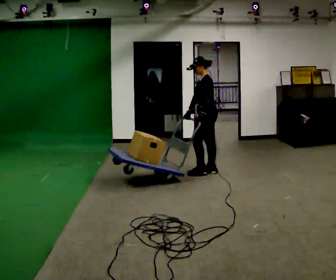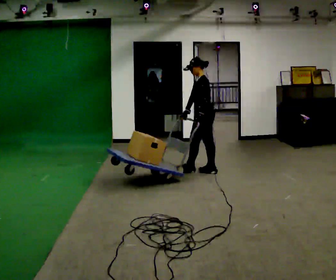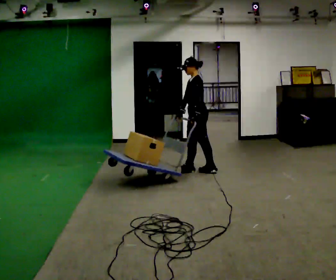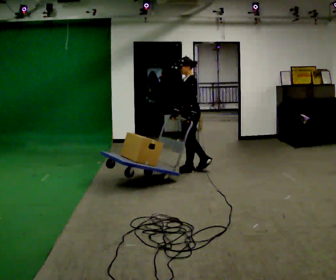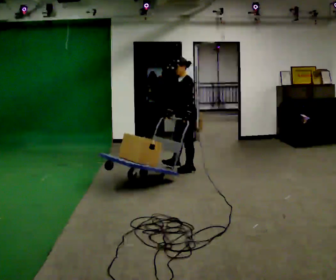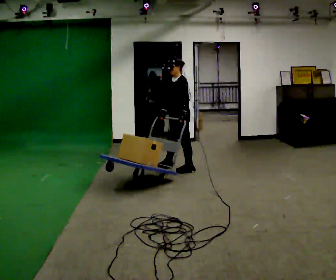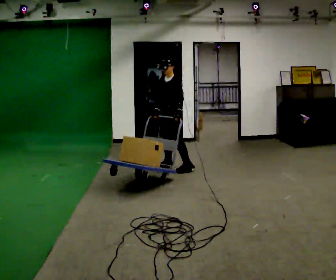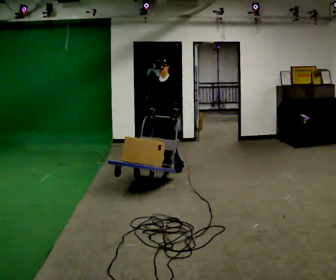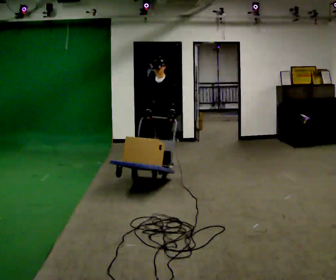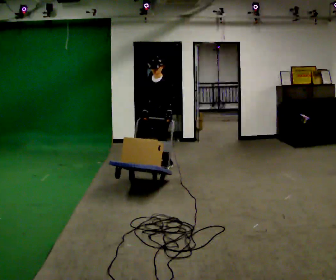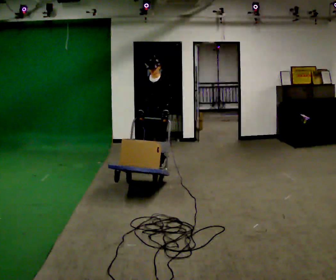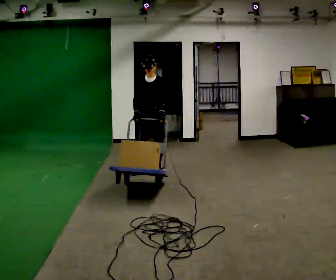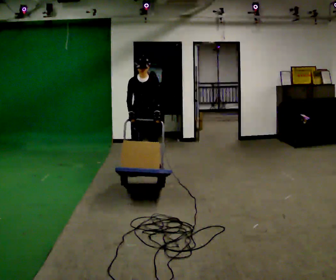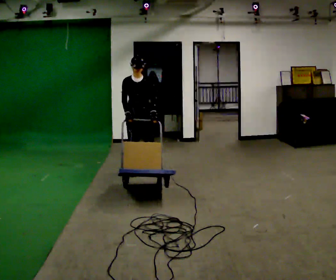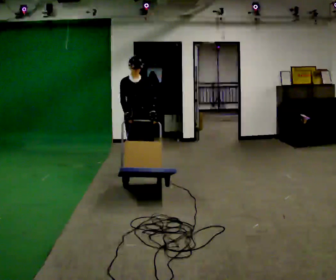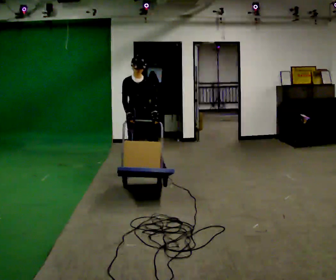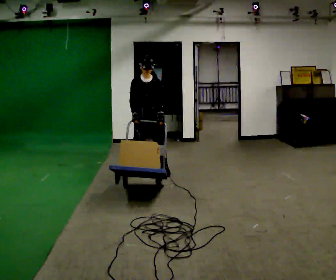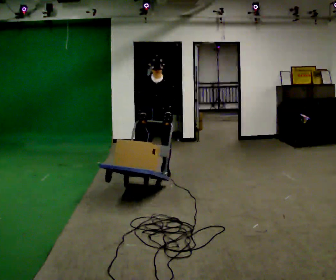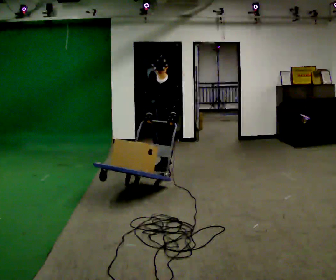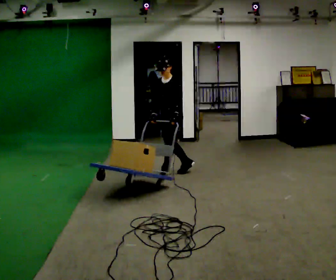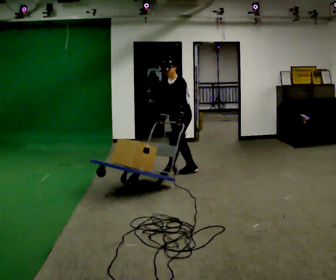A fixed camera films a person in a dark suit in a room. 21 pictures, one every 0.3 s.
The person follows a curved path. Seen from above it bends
counterclockwise.
0.0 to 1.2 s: In the picture they go to the left, about 0.25 m in 1 step, which for them is forward.
1.2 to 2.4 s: The person turns about 45 degrees to their left, counterclockwise seen from above, so the part of the body nearest the lens slides to the right. In the picture they go to the left and away from the camera, about 0.25 m in 1 step, which for them is to their right.
2.4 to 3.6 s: The part of the body nearest the lens slides to the right as the person turns to their left by about 30 degrees. In the picture they go to the left and toward the camera, about 0.5 m in 2 steps, which for them is forward and to their right.
3.6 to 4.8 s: The person moves a little, or ends about where they began.
4.8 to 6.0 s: Seen from above the body turns clockwise, about 60 degrees: to their right, with its near side sliding to the left. In the picture they go to the right, about 0.5 m in 1 step, which for them is to their left and backward. In the picture the upper body tilts counterclockwise, shoulders to the left.
The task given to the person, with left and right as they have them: Turn the cart round to face the other way without moving it out of the marked square, then turn it back. Repeat until the operator says stop.
The film runs forward here.
